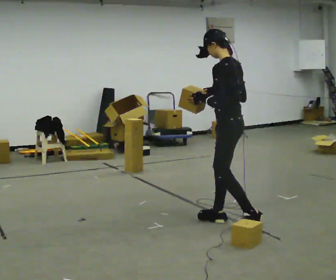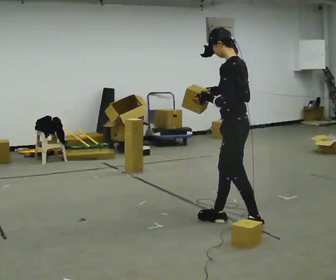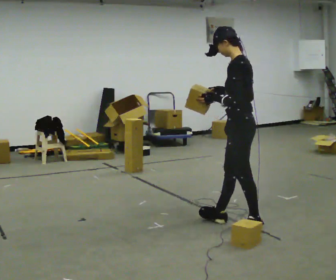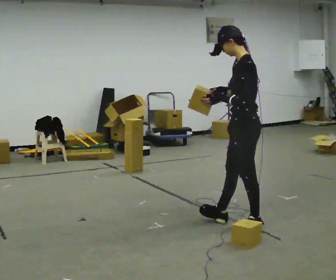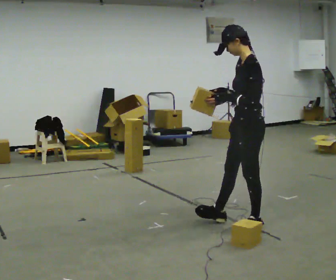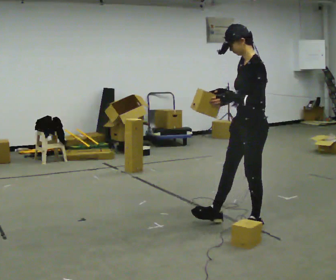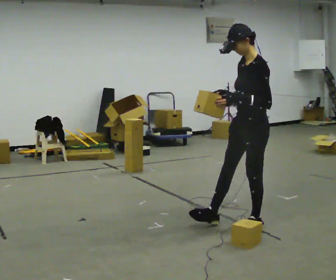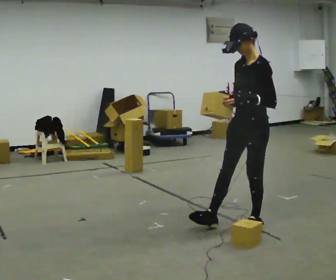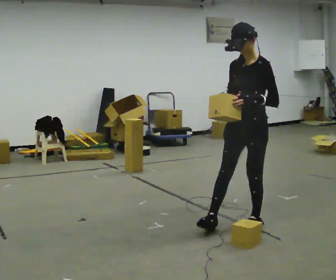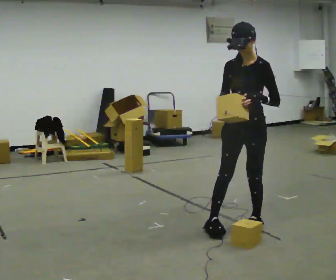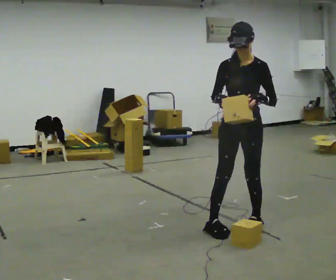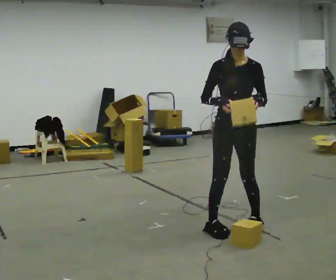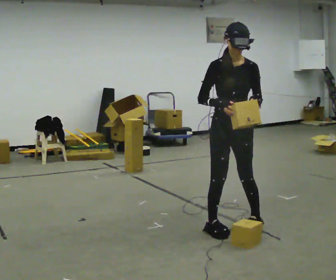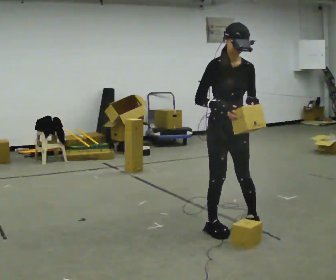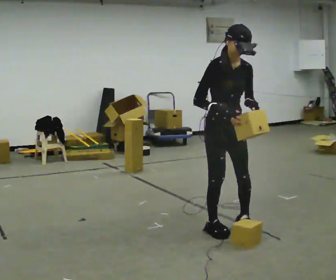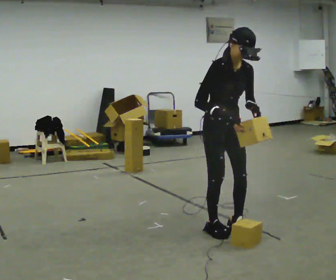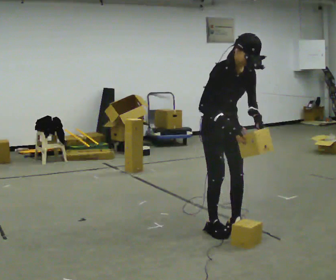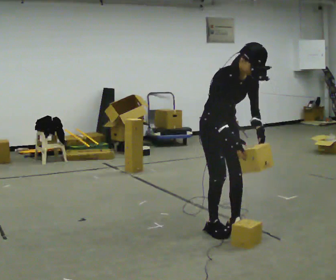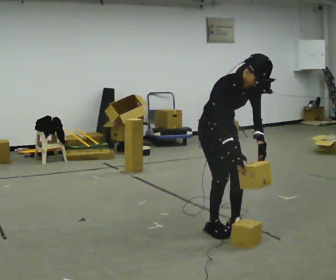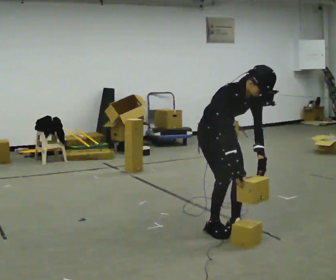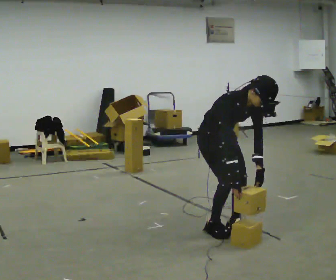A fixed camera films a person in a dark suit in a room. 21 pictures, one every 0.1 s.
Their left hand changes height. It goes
downward.
The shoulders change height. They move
downward.
0.0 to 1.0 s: The part of the body nearest the lens slides to the right as the person turns to their left by about 90 degrees.
1.0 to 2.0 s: Seen from above the body turns counterclockwise, about 45 degrees: to their left, with its near side sliding to the right. In the picture they go to the left, about 0.25 m in 1 step, which for them is to their right and backward. The upper body goes downward. The upper body tips toward the camera, its near side rolling downward, as they bend forward. In the picture their left hand goes downward.
The film runs backward here.
